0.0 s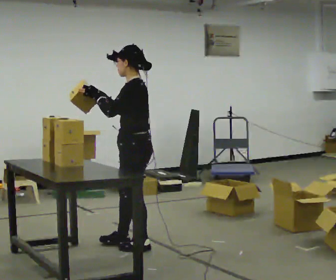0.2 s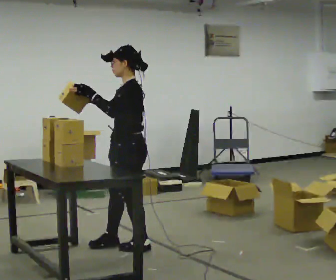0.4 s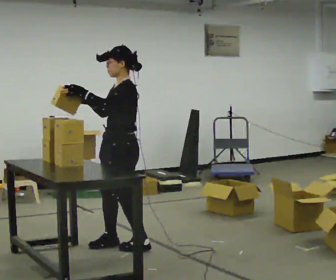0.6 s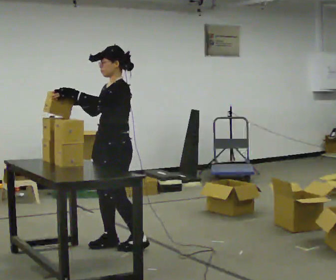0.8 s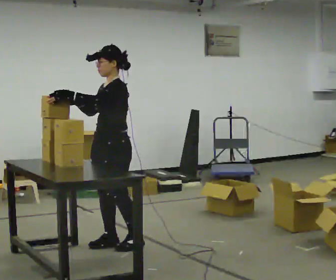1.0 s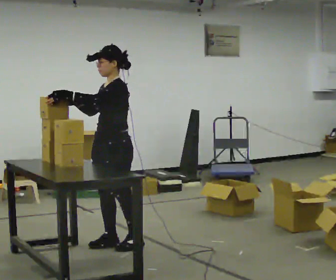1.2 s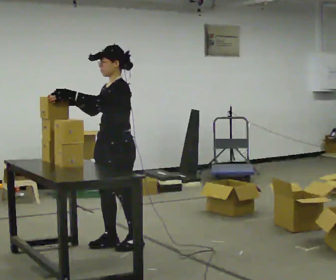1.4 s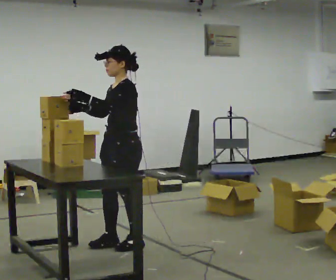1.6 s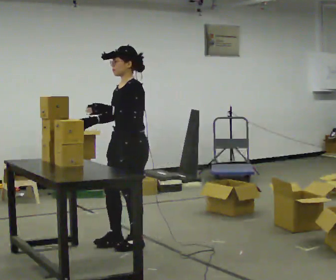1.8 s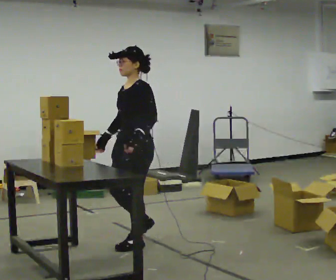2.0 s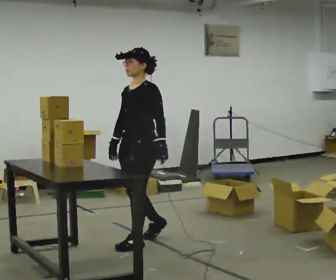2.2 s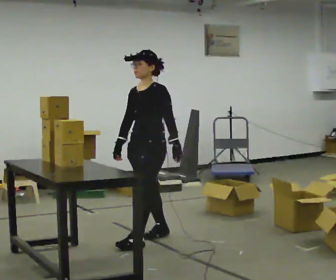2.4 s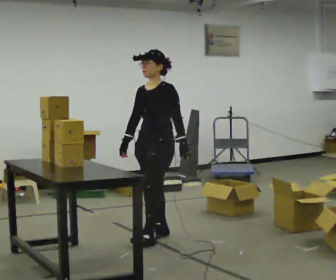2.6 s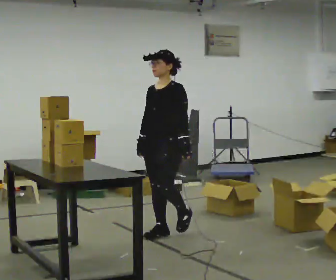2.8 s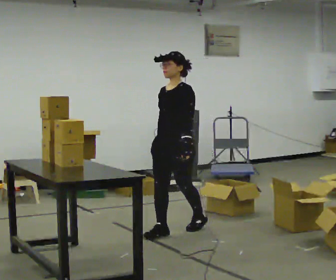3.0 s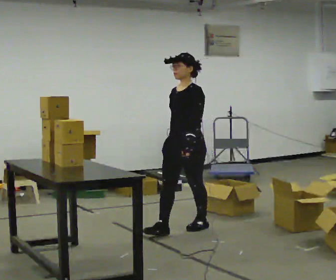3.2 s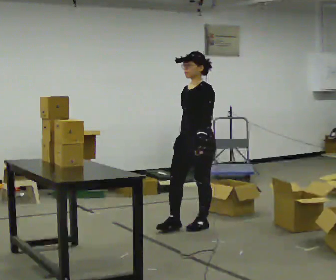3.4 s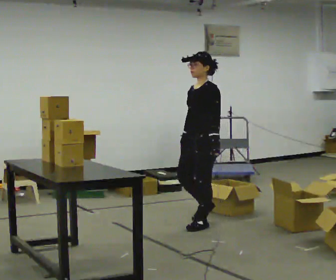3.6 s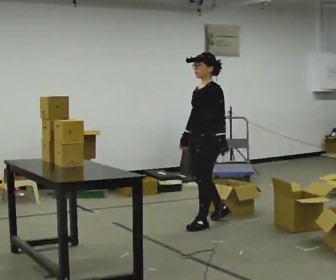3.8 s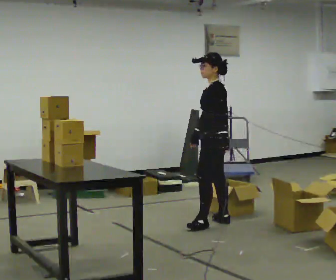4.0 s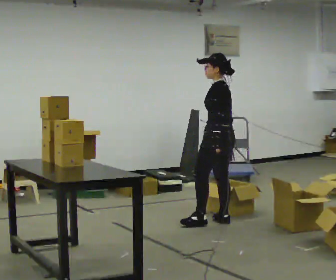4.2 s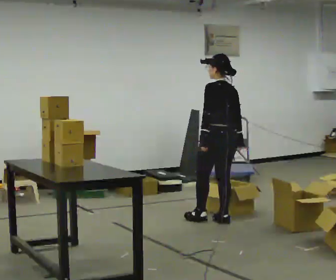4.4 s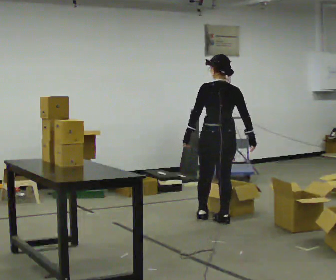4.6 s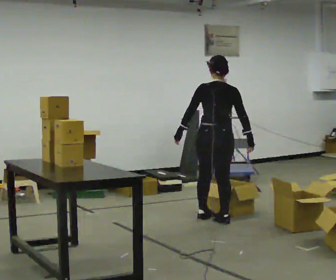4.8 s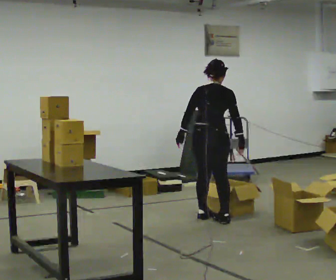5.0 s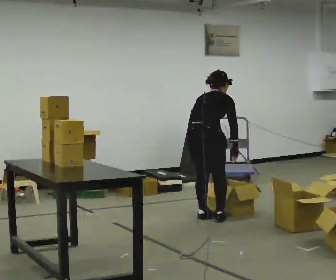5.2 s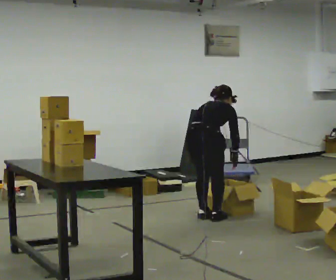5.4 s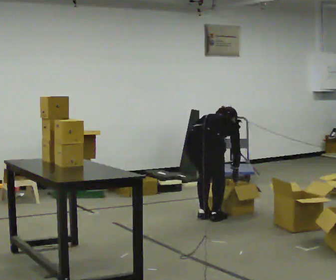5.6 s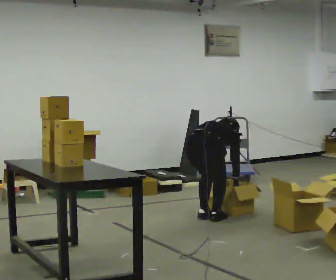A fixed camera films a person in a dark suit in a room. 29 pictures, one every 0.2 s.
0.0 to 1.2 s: The part of the body nearest the lens slides to the right as the person turns to their left by about 45 degrees. In the picture they go to the left, about 0.25 m, which for them is to their right and forward.
1.2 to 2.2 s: In the picture they go to the right and away from the camera, about 0.25 m in 1 step, which for them is backward. In the picture their left hand goes downward.
2.2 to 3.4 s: In the picture they go to the right and away from the camera, about 0.75 m in 2 steps, which for them is backward.
3.4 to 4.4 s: Seen from above the body turns clockwise, about 105 degrees: to their right, with its near side sliding to the left. In the picture they go away from the camera and to the right, about 0.25 m in 1 step.
4.4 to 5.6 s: The person turns about 30 degrees to their right, clockwise seen from above, so the part of the body nearest the lens slides to the left. The upper body goes downward. The upper body tips away from the camera, its near side rolling upward, as they bend forward. In the picture their left hand goes downward.
The film runs backward here.
